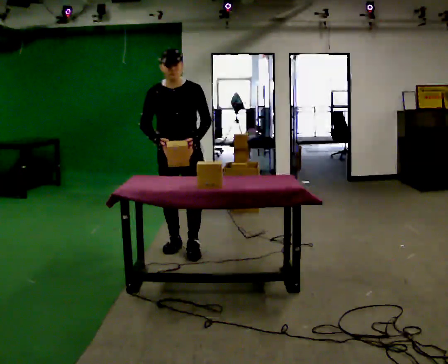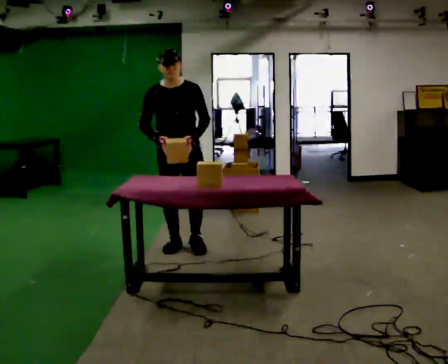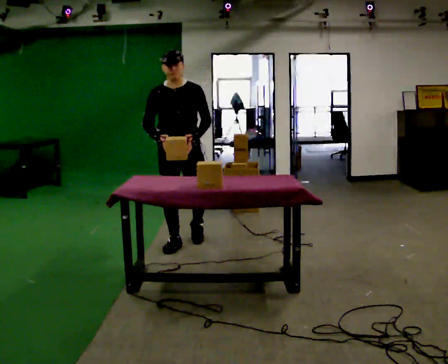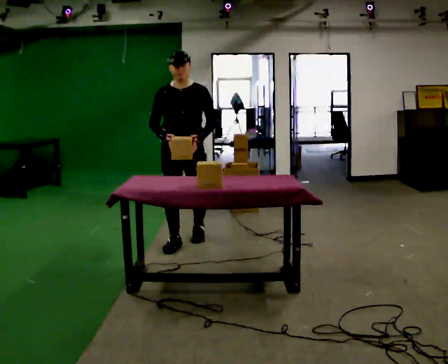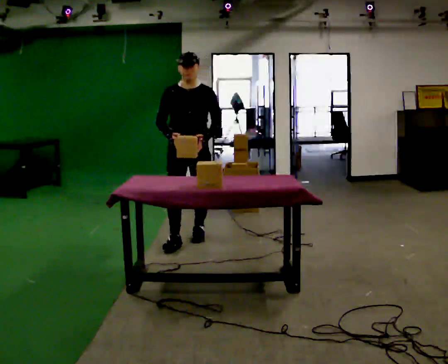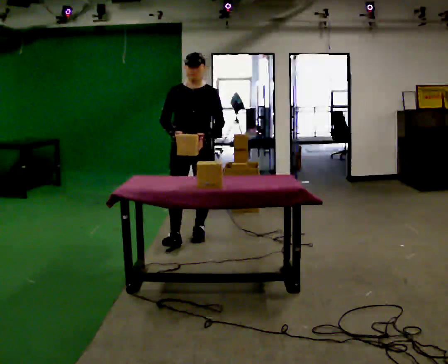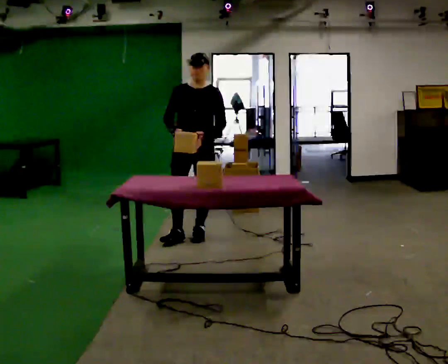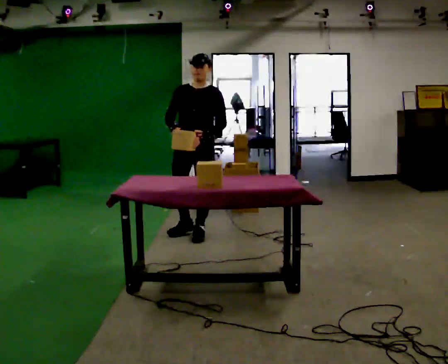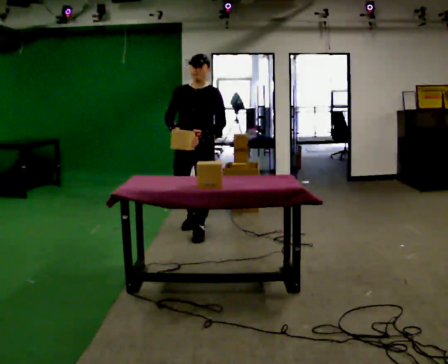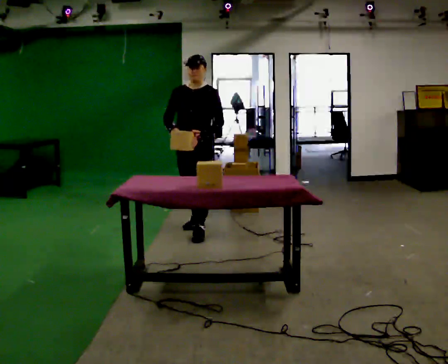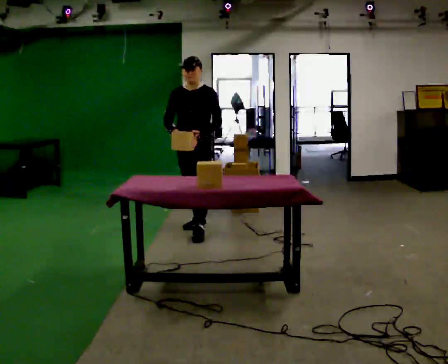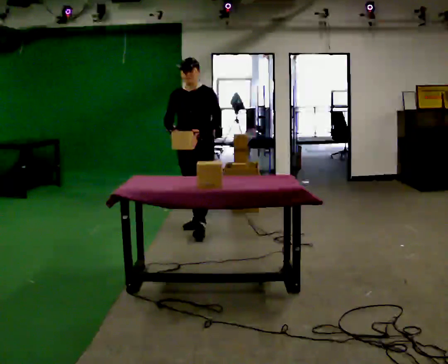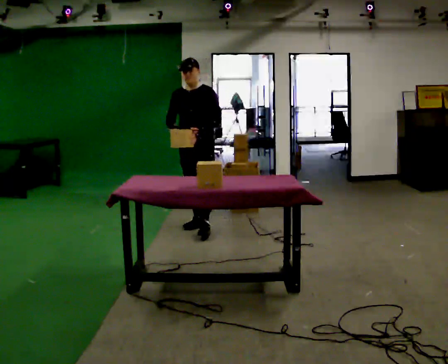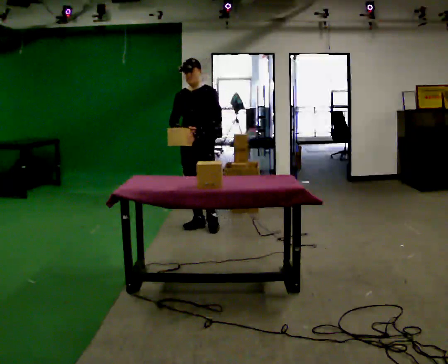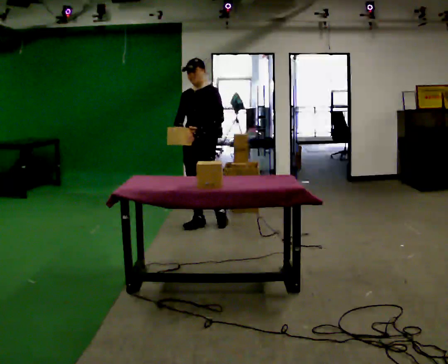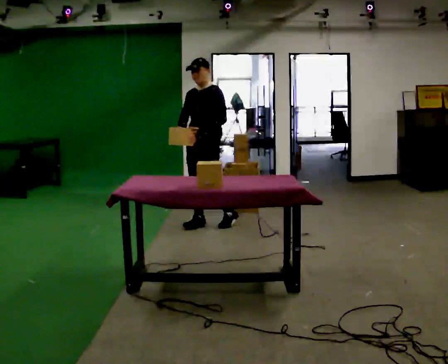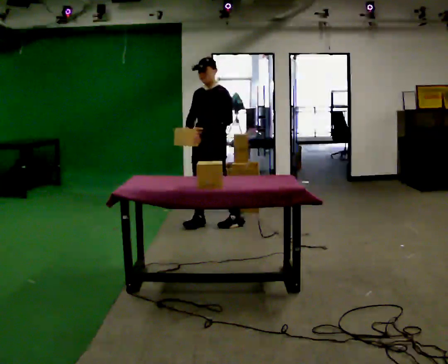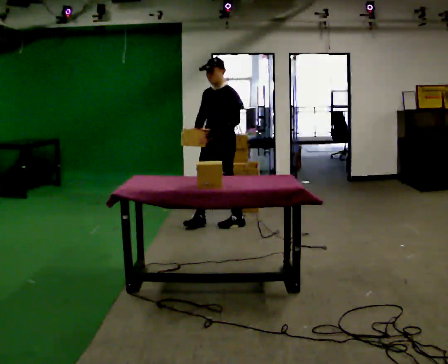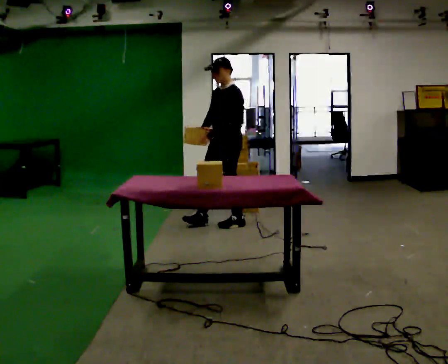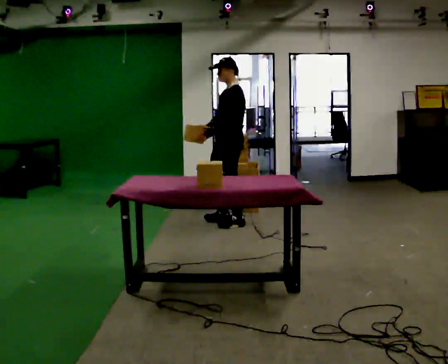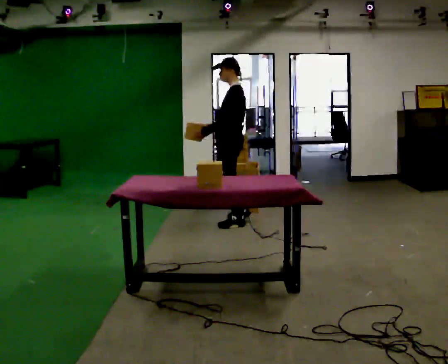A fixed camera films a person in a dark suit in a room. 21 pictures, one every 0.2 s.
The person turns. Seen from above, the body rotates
clockwise.
Their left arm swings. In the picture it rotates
clockwise.
0.0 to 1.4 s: In the picture they go away from the camera, about 0.5 m in 2 steps, which for them is backward.
1.4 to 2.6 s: In the picture they go away from the camera, about 0.5 m in 1 step, which for them is backward.
2.6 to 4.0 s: The person turns about 60 degrees to their right, clockwise seen from above, so the part of the body nearest the lens slides to the left. In the picture they go to the right, about 0.25 m in 1 step.
The film runs backward here.
